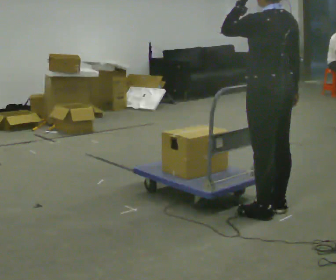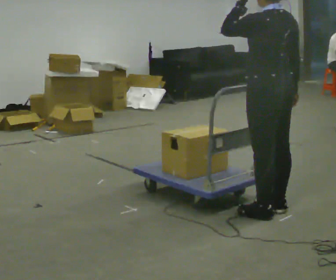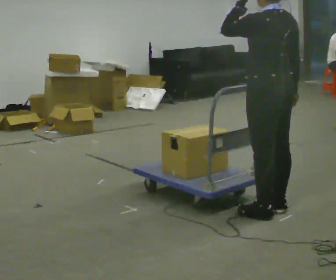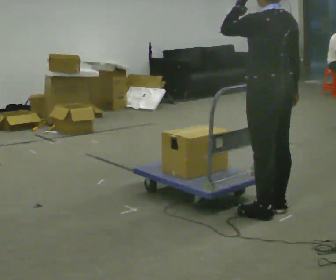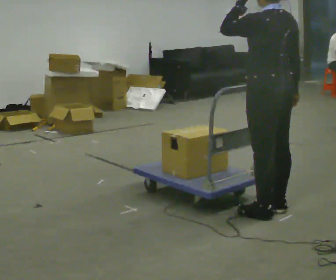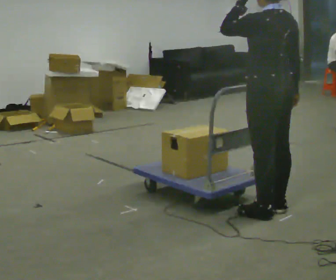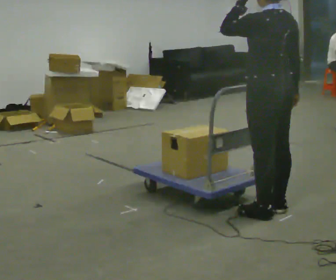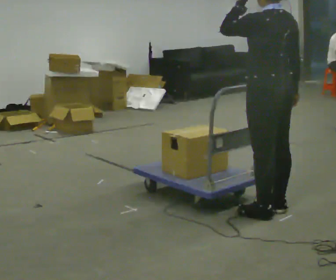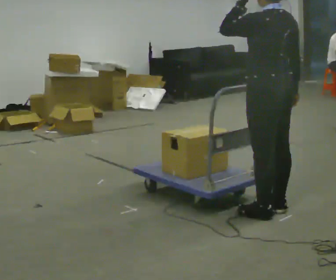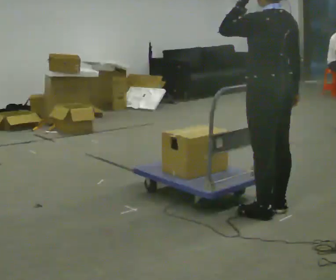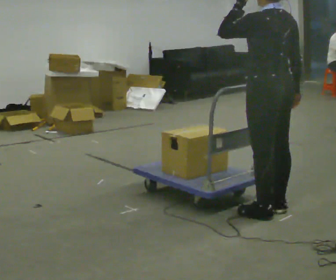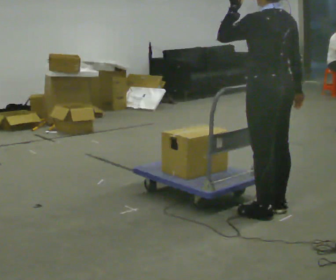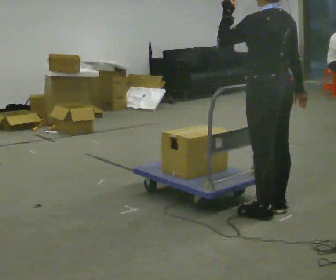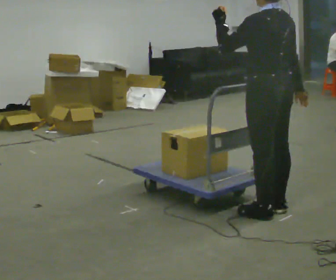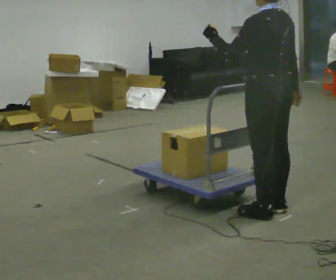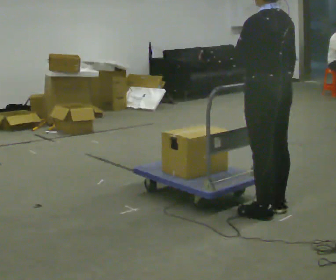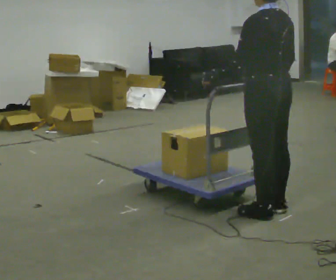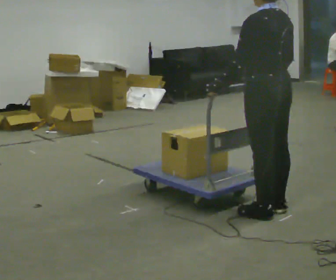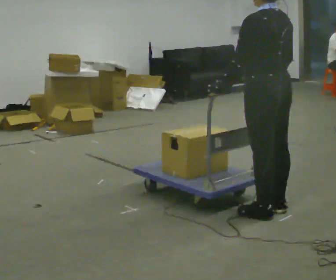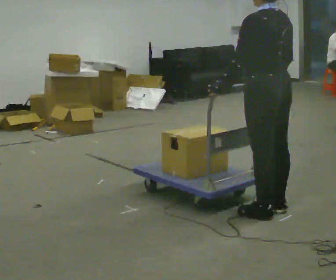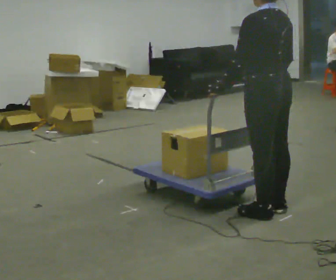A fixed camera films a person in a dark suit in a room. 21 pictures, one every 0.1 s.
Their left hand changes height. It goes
downward.
0.0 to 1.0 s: The person keeps their place and pose.
1.0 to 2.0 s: In the picture their left hand goes downward.
The film runs backward here.
